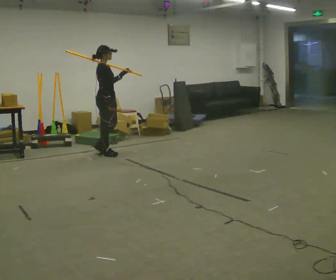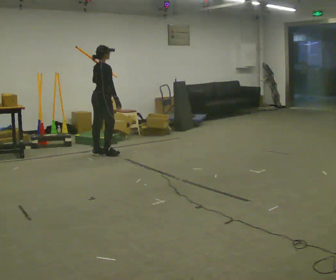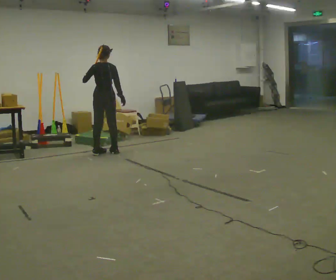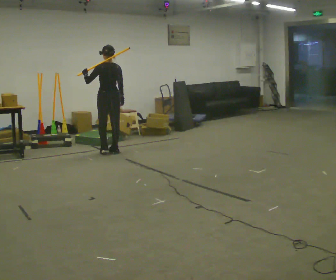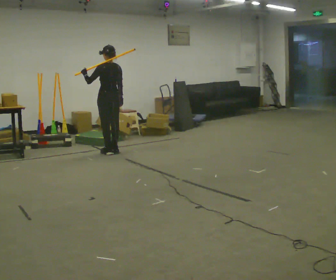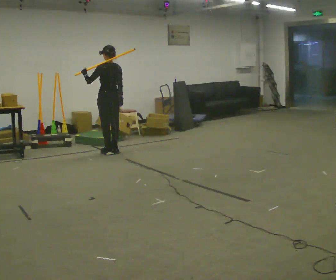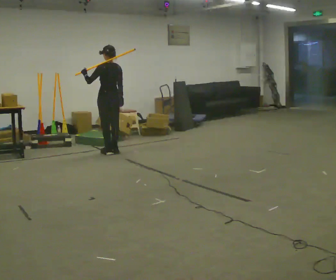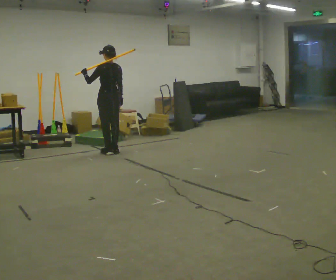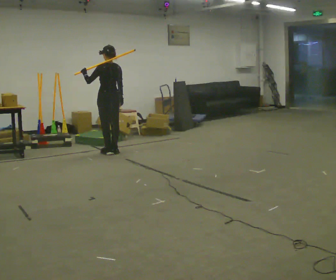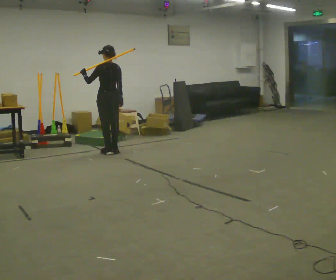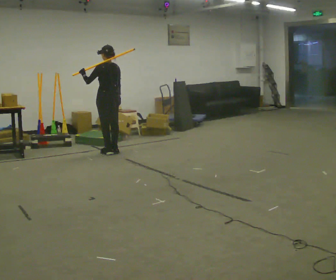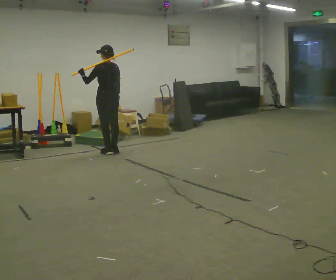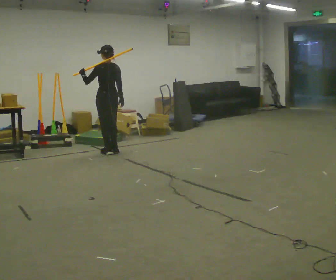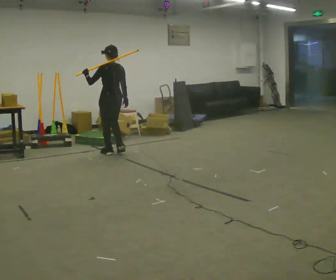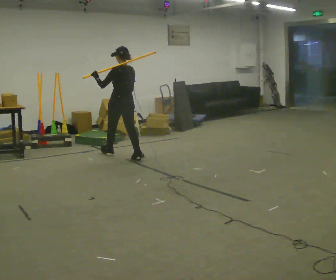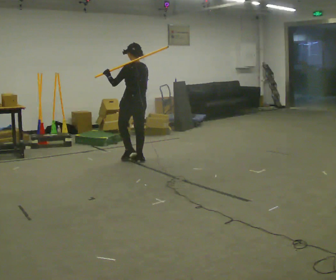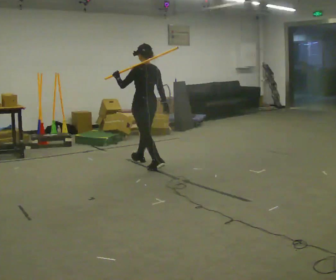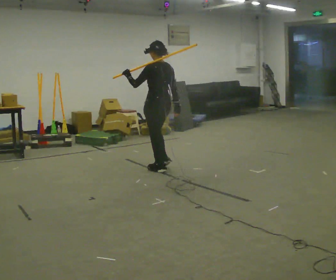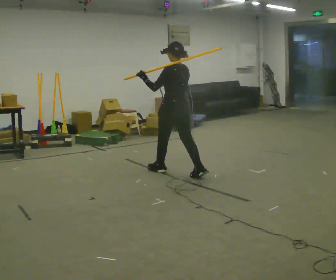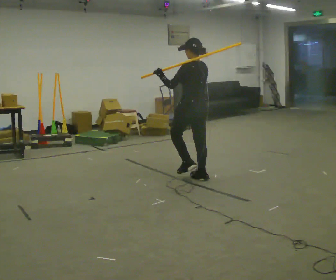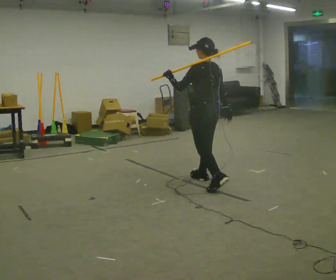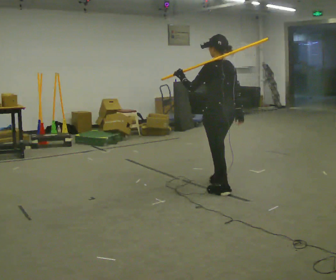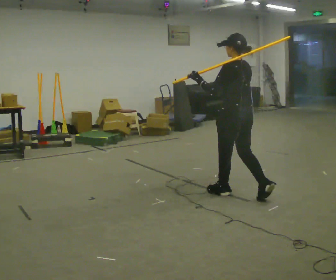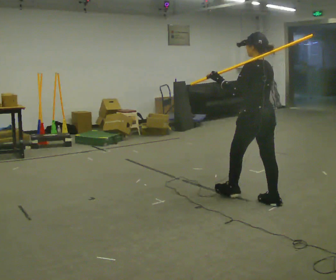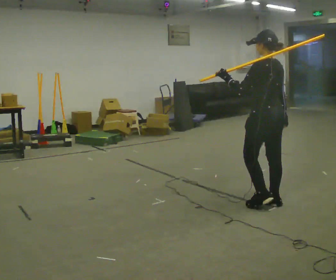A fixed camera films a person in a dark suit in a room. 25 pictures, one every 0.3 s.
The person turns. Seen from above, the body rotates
counterclockwise.
The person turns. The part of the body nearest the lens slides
to the right.
0.0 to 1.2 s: The person turns about 135 degrees to their left, counterclockwise seen from above, so the part of the body nearest the lens slides to the right. In the picture their left hand goes to the left.
1.2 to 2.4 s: The person keeps their place and pose.
2.4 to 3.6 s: The person moves a little, or ends about where they began.
3.6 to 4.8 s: In the picture they go toward the camera and to the right, about 1 m in 2 steps, which for them is backward.
4.8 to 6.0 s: In the picture they go toward the camera and to the right, about 1 m in 2 steps, which for them is backward.
6.0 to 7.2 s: In the picture they go toward the camera and to the right, about 1 m in 2 steps, which for them is backward.
The film runs backward here.
